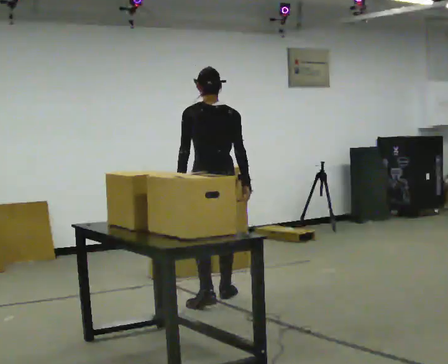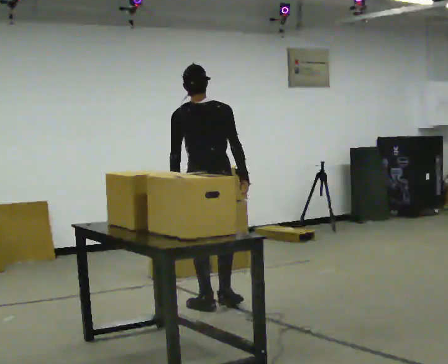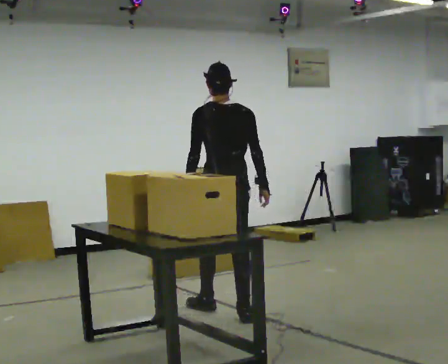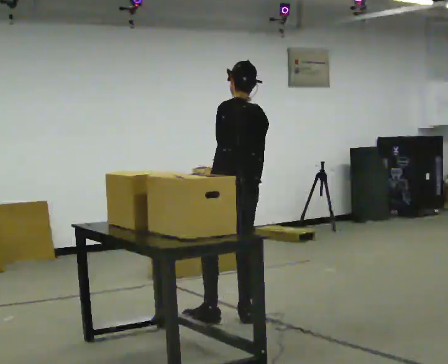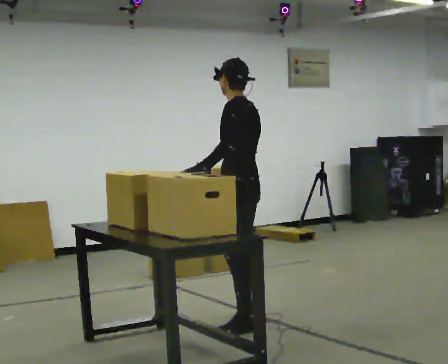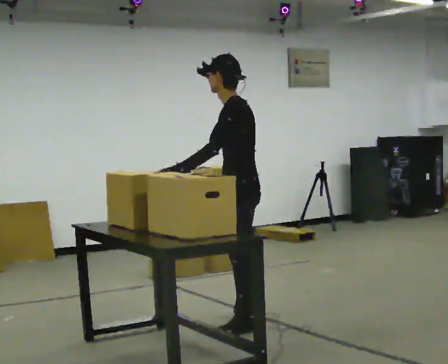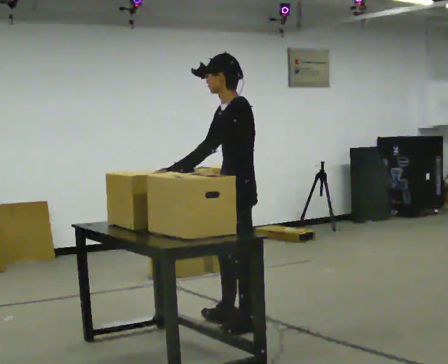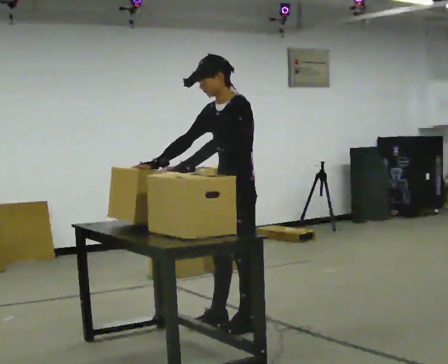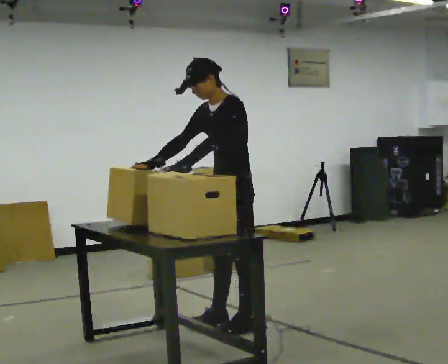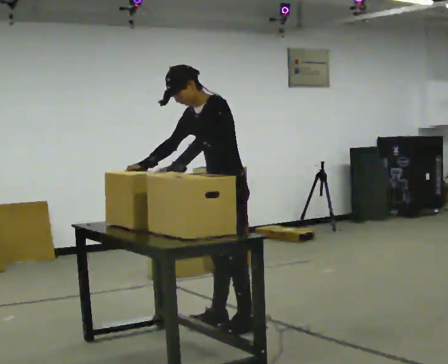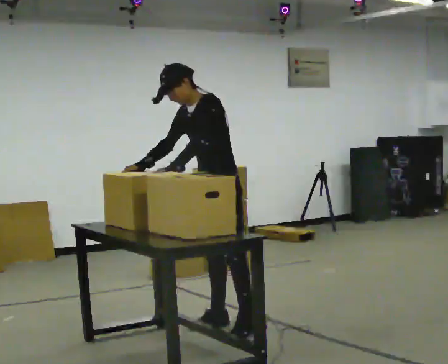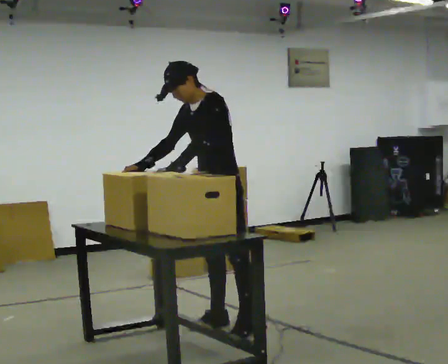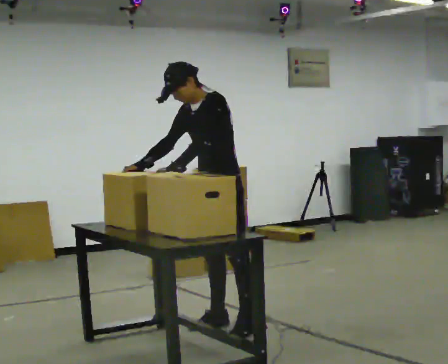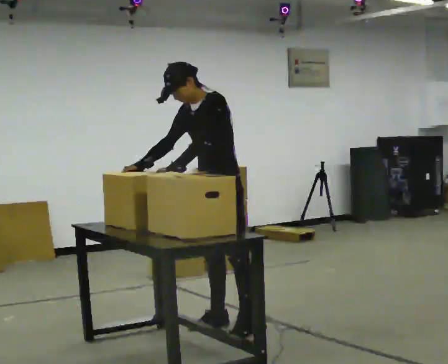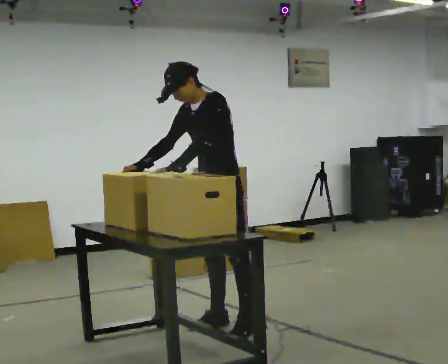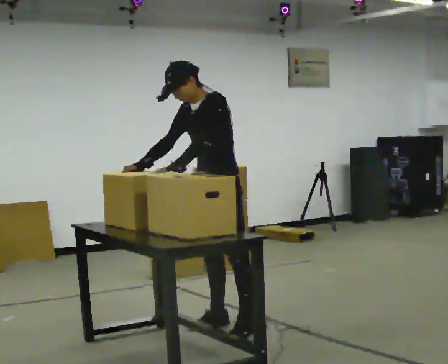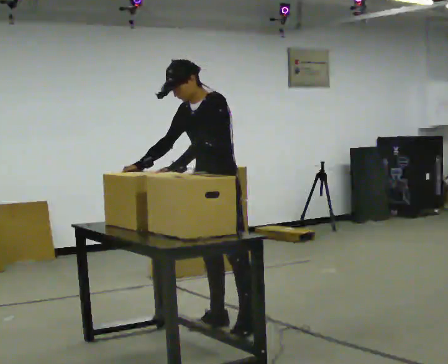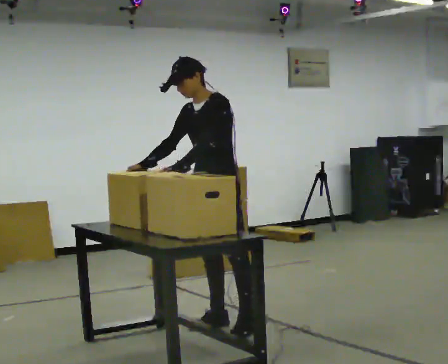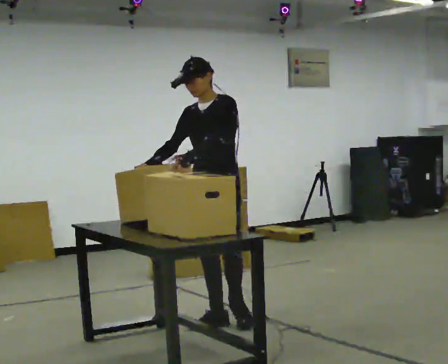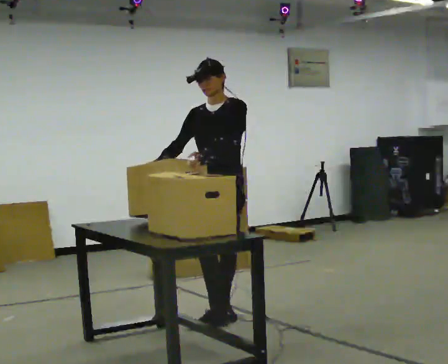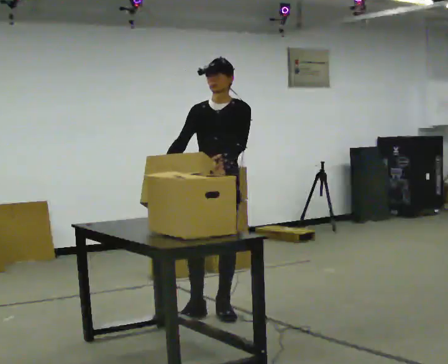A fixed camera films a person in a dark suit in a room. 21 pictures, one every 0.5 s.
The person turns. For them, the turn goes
to their left.
The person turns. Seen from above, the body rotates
counterclockwise.
0.0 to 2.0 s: The person turns about 45 degrees to their left, counterclockwise seen from above, so the part of the body nearest the lens slides to the right. In the picture they go toward the camera, about 0.5 m in 2 steps.
2.0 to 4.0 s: The part of the body nearest the lens slides to the right as the person turns to their left by about 45 degrees. In the picture their right hand goes to the left, the arm swinging clockwise.
4.0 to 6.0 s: The person moves a little, or ends about where they began.
6.0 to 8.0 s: The person keeps their place and pose.
8.0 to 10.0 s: The person turns about 30 degrees to their left, counterclockwise seen from above, so the part of the body nearest the lens slides to the right. In the picture they go away from the camera, about 0.5 m in 2 steps, which for them is backward and to their right. In the picture the upper body tilts clockwise, shoulders to the right, as they lean back or straighten.
The film runs backward here.
